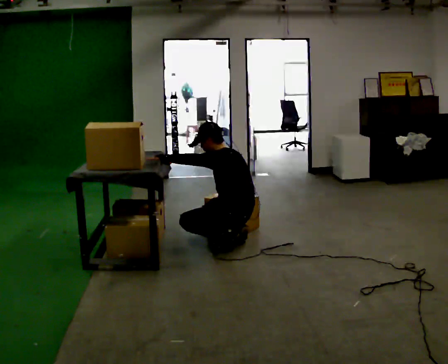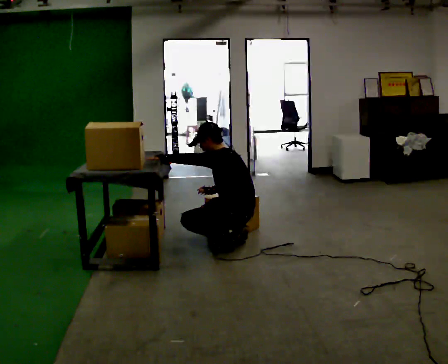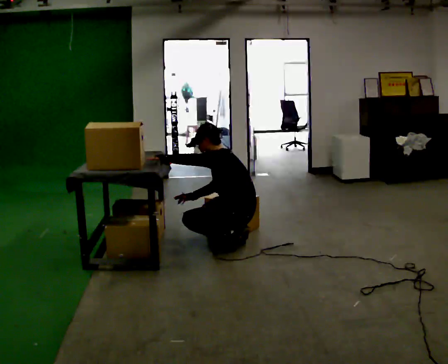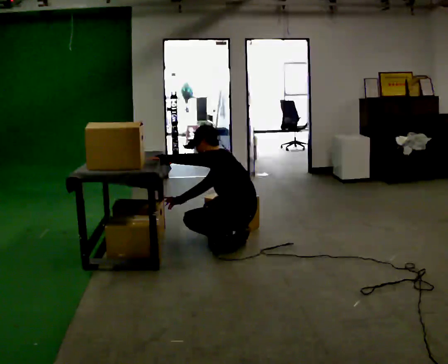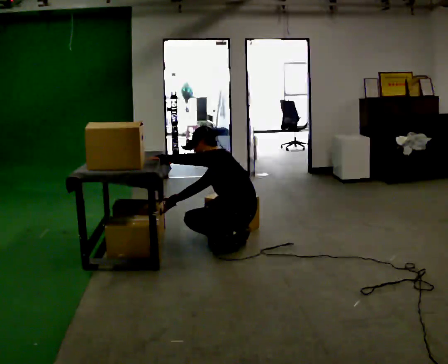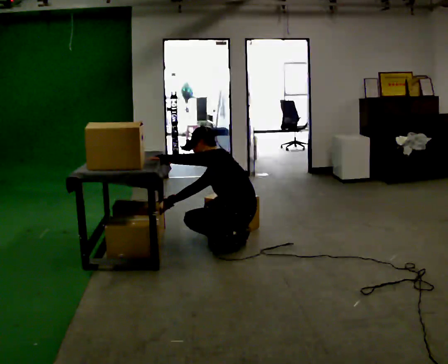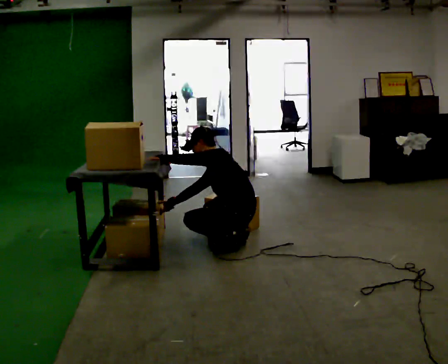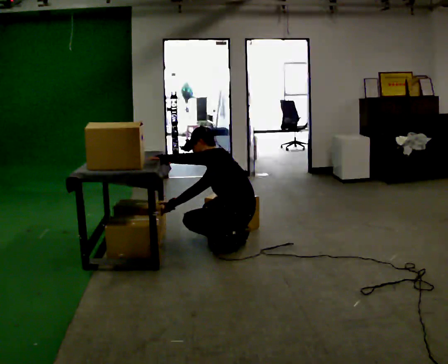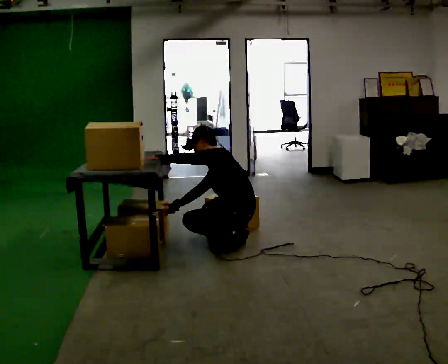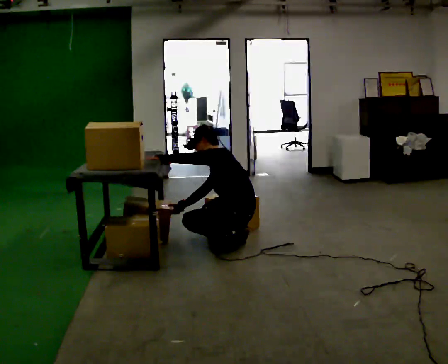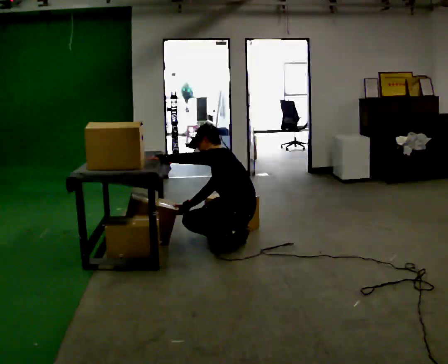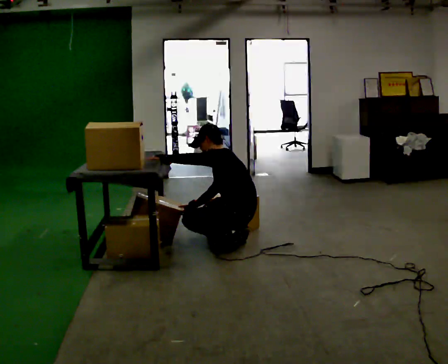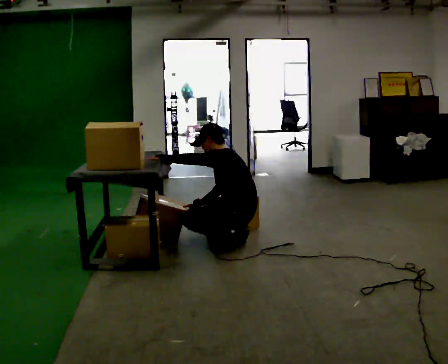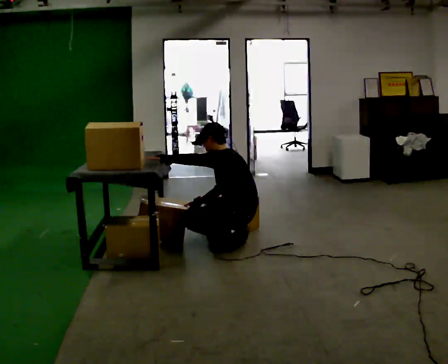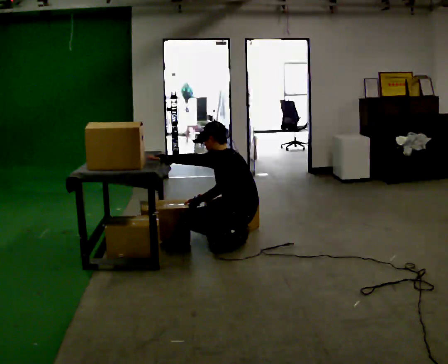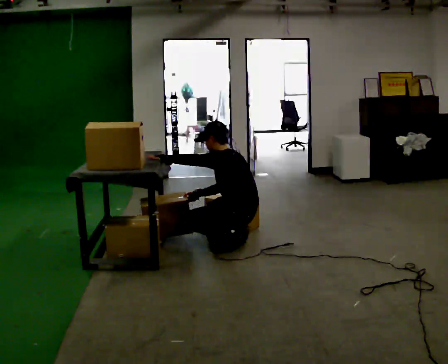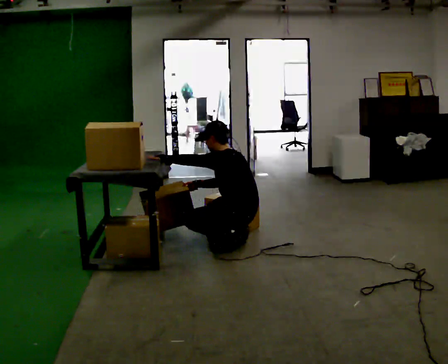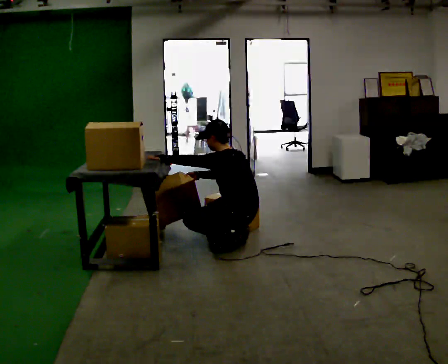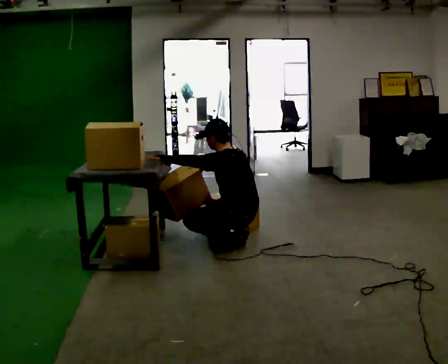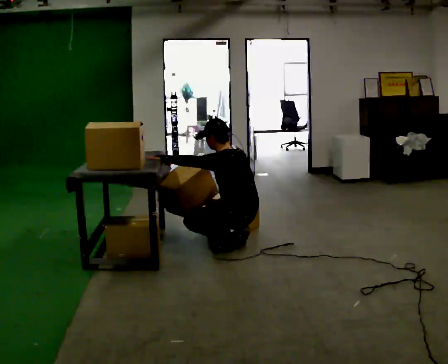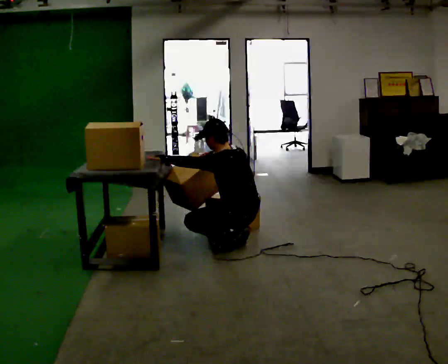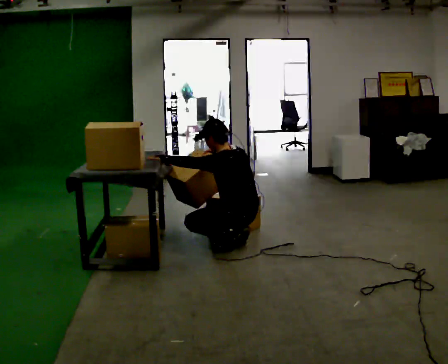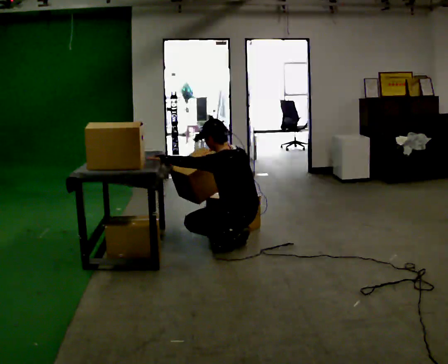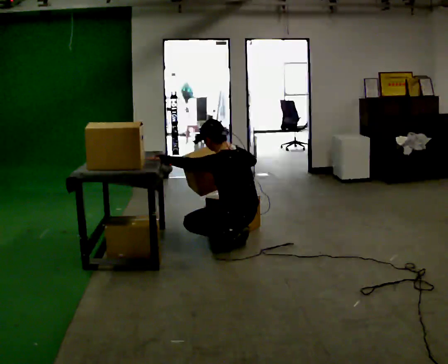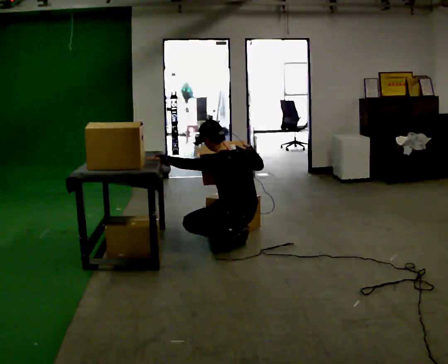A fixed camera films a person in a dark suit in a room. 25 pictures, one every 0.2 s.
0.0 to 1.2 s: In the picture the upper body tilts counterclockwise, shoulders to the left, as they bend forward. In the picture their right hand goes to the left.
1.2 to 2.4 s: The person moves a little, or ends about where they began.
2.4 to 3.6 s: In the picture their right hand goes upward.
3.6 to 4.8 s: In the picture their right hand goes to the right.
The film runs forward here.
